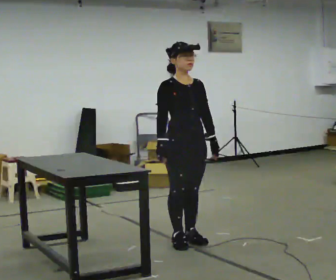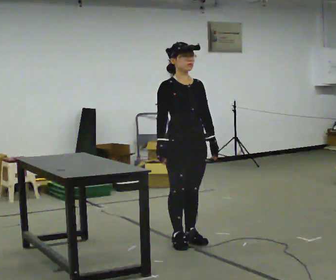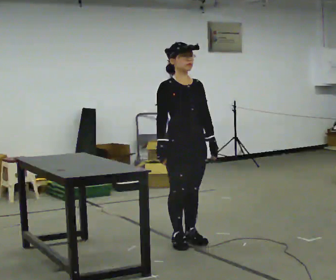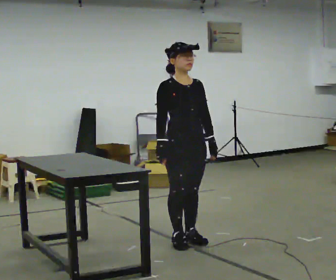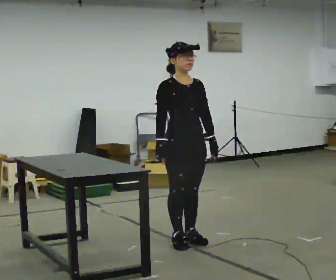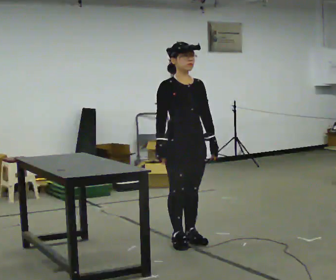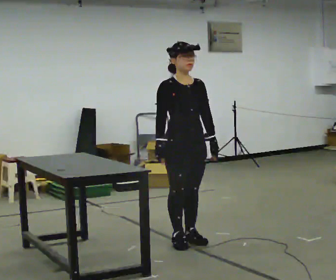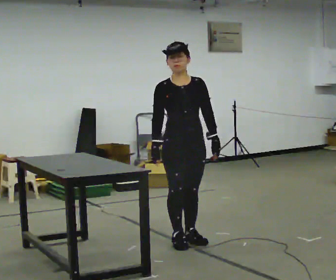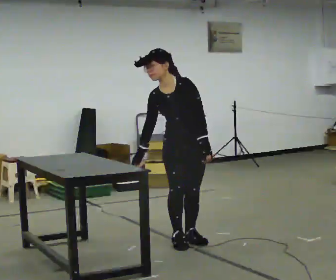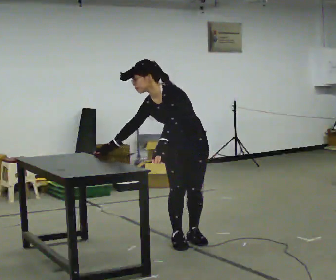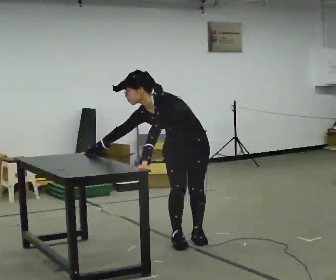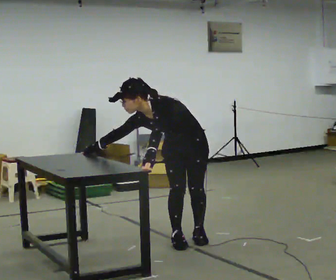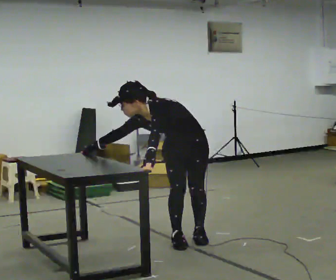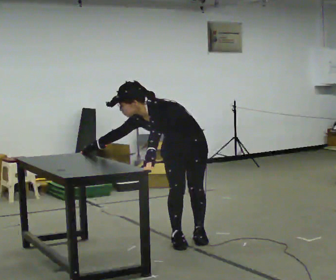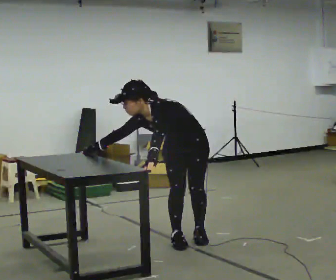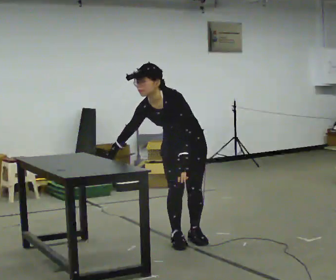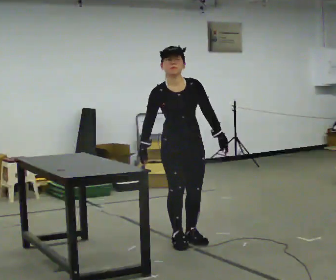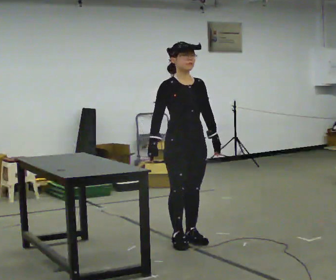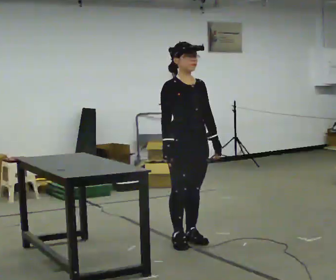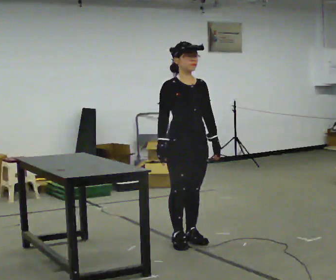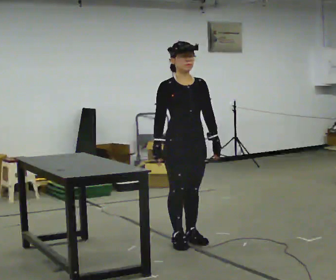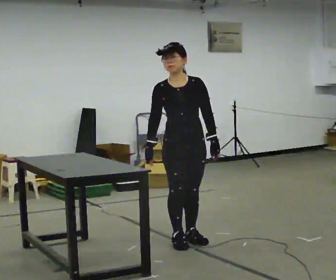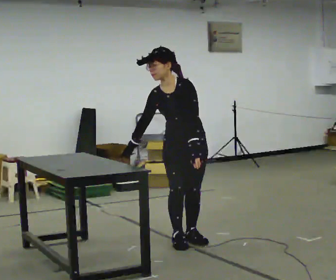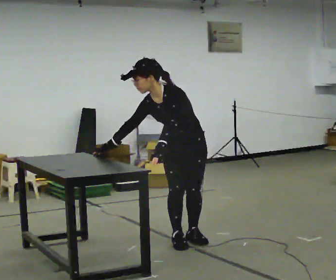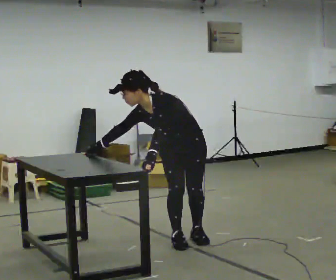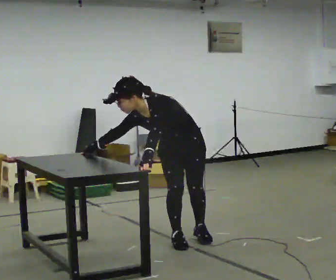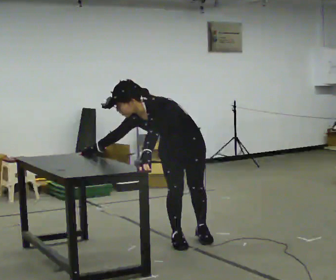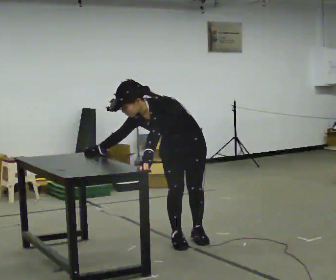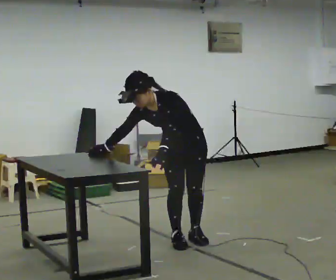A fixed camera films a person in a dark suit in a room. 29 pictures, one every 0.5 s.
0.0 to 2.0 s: The person keeps their place and pose.
2.0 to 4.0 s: The person turns about 30 degrees to their right, clockwise seen from above, so the part of the body nearest the lens slides to the left. The upper body tips toward the camera, its near side rolling downward, as they bend forward.
4.0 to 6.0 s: The upper body goes downward. In the picture the upper body tilts counterclockwise, shoulders to the left, as they bend forward. In the picture their left hand goes to the left.
6.0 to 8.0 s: Seen from above the body turns counterclockwise, about 45 degrees: to their left, with its near side sliding to the right. The shoulders move upward. In the picture the upper body tilts clockwise, shoulders to the right, as they lean back or straighten. In the picture their left hand goes to the right.
8.0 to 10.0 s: The person moves a little, or ends about where they began.
10.0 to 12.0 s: The part of the body nearest the lens slides to the left as the person turns to their right by about 45 degrees. The shoulders move downward. In the picture the upper body tilts counterclockwise, shoulders to the left, as they bend forward. In the picture their left hand goes to the left.
12.0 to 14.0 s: The person moves a little, or ends about where they began.
The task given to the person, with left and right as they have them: Touch each numbered target to your side and behind you in the order the operator calls, without moving your feet. Keep both feet on the marked spots for the whole take. If you have to step, stop and tell the operator.
The film runs forward here.
